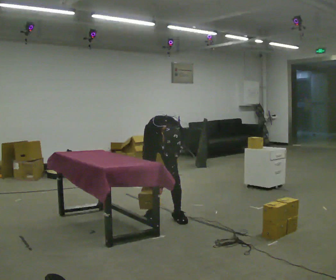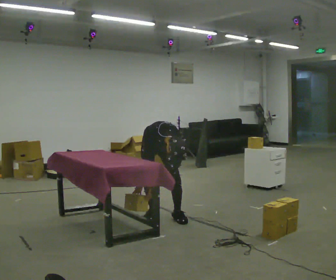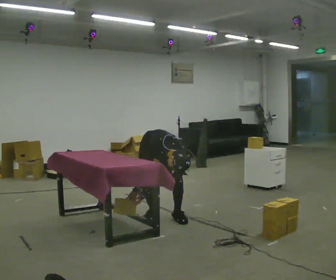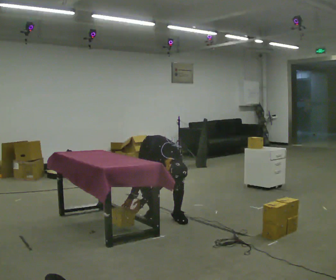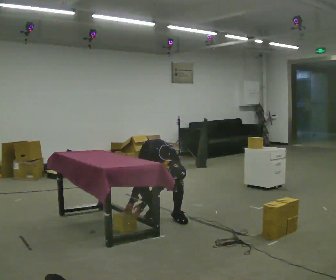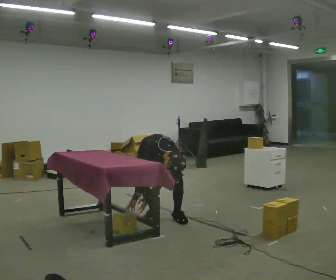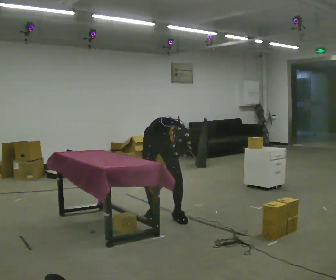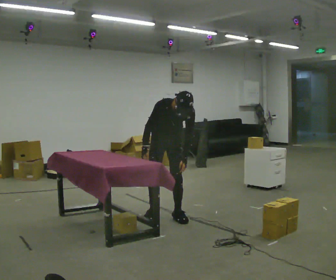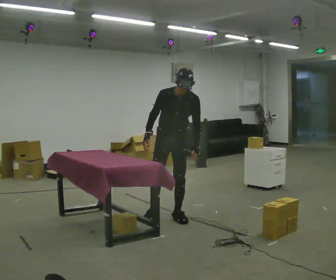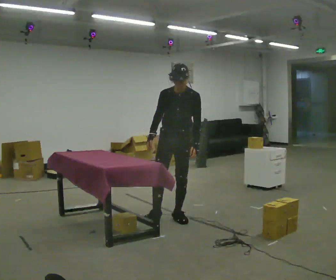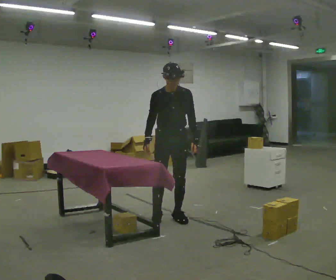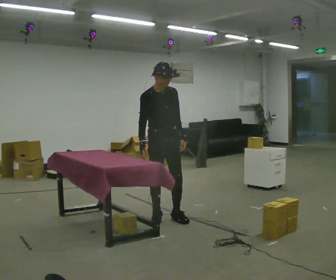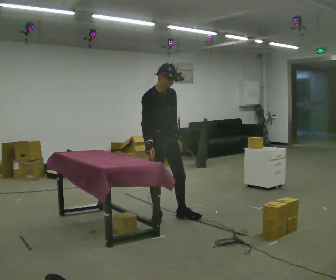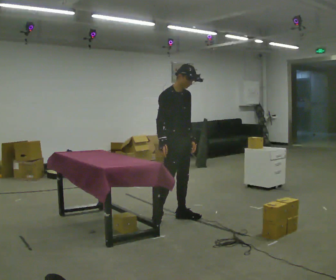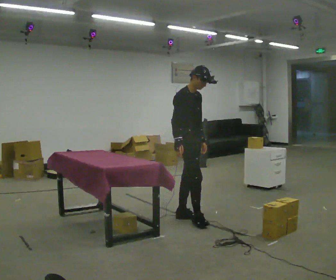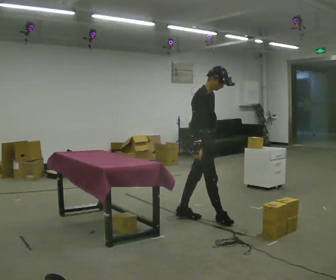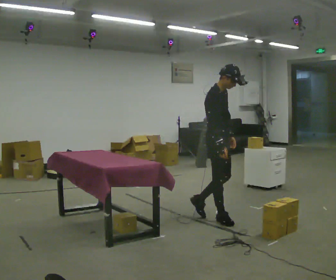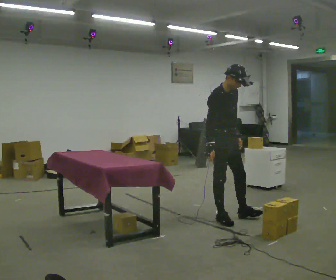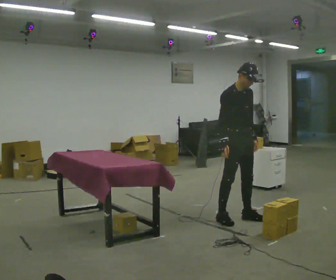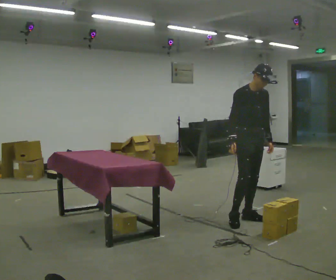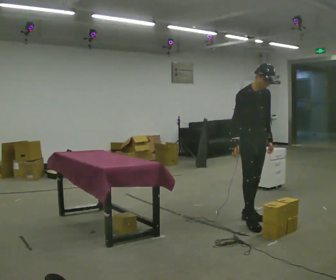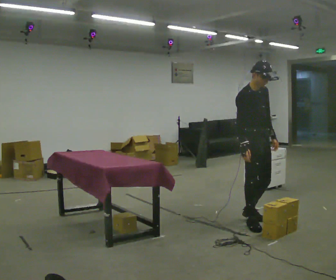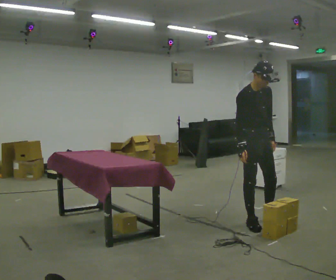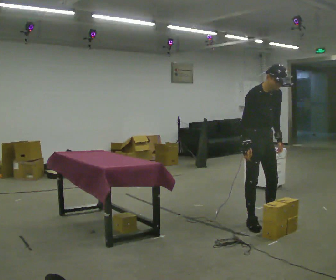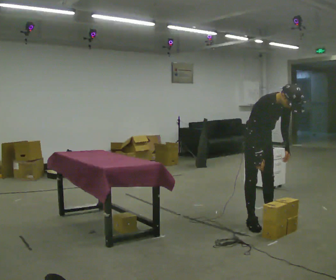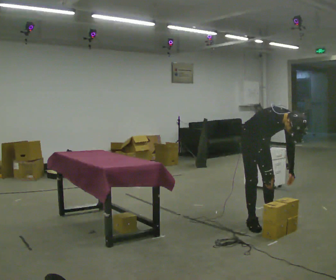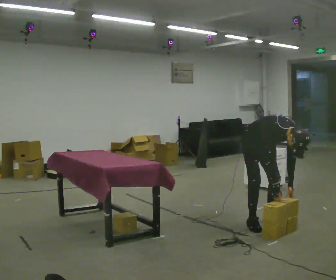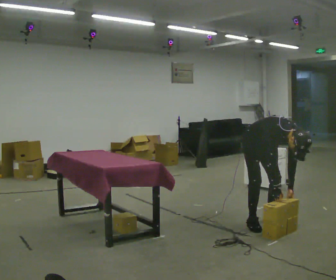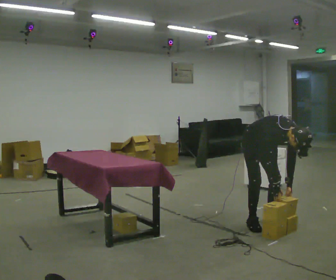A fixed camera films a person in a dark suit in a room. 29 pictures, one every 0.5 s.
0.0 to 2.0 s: The upper body goes downward. In the picture the upper body tilts clockwise, shoulders to the right, as they bend forward.
2.0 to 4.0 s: In the picture they go to the right, about 0.25 m, which for them is to their left and forward. The shoulders move upward. The upper body tips away from the camera, its near side rolling upward, as they lean back or straighten. In the picture their left hand goes upward and to the right.
4.0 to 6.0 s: Seen from above the body turns counterclockwise, about 45 degrees: to their left, with its near side sliding to the right.
6.0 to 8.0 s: In the picture they go to the right, about 0.5 m in 1 step, which for them is forward.
8.0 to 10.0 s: The person turns about 30 degrees to their right, clockwise seen from above, so the part of the body nearest the lens slides to the left. In the picture they go to the right, about 0.25 m in 2 steps, which for them is forward and to their left.
10.0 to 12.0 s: The upper body tips toward the camera, its near side rolling downward, as they bend forward.
12.0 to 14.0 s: The upper body goes downward. In the picture the upper body tilts clockwise, shoulders to the right, as they bend forward. In the picture their left hand goes downward.
The film runs forward here.
